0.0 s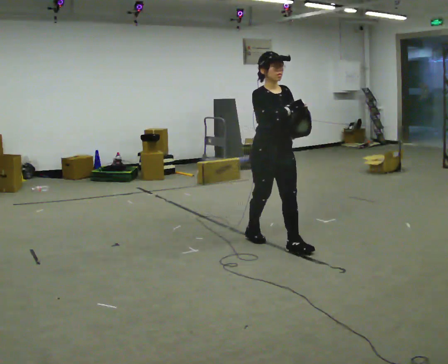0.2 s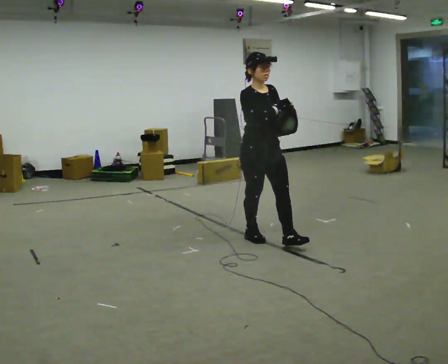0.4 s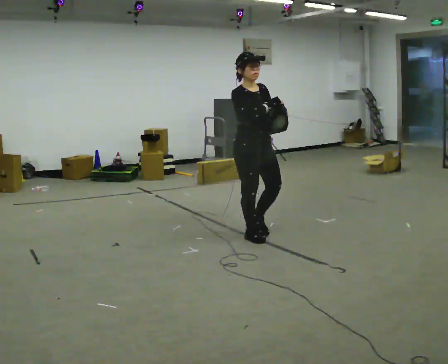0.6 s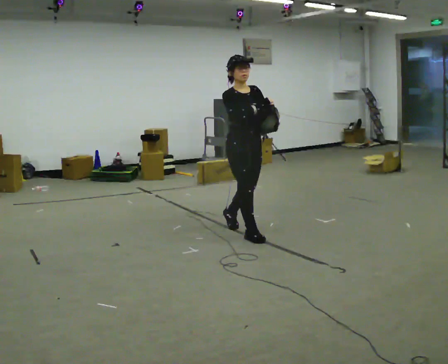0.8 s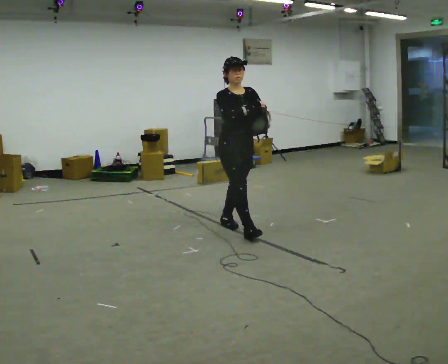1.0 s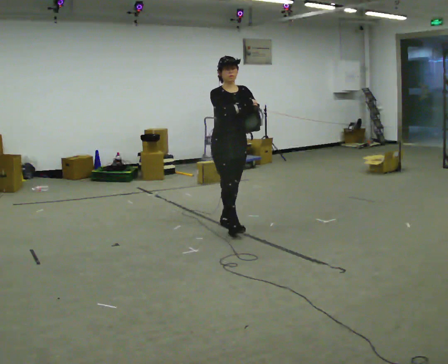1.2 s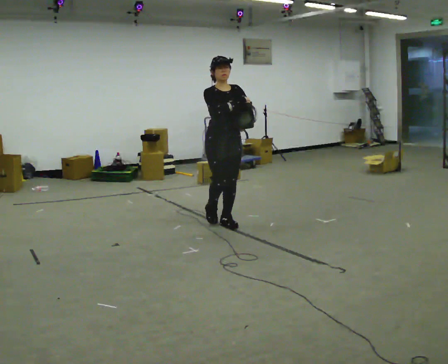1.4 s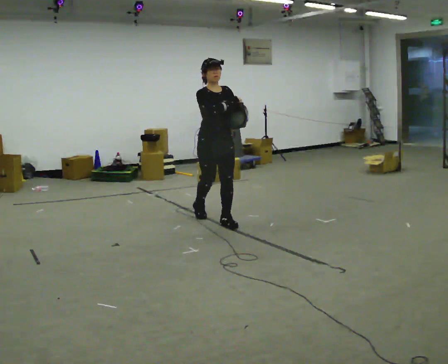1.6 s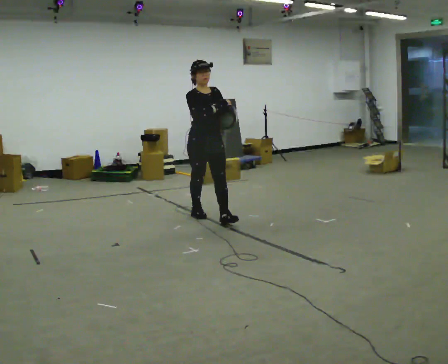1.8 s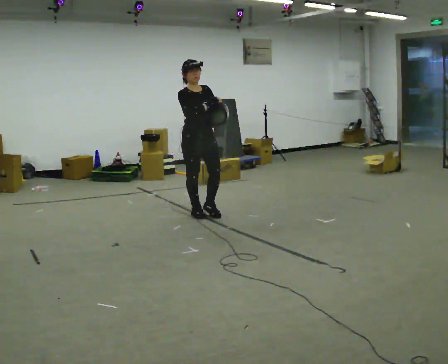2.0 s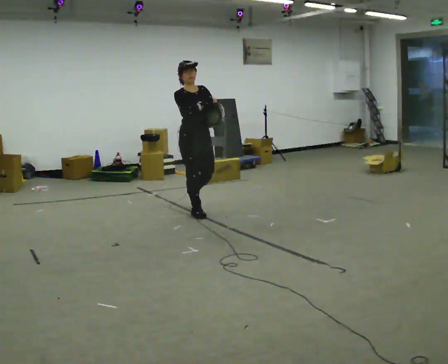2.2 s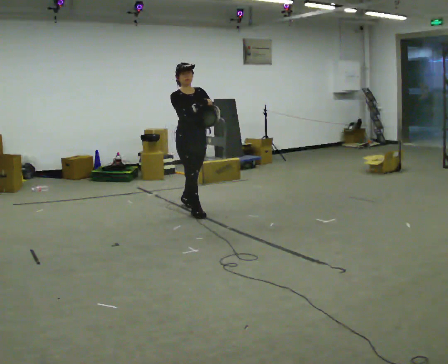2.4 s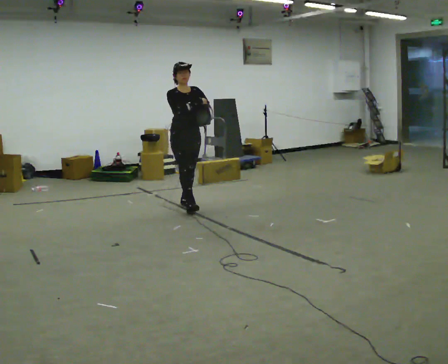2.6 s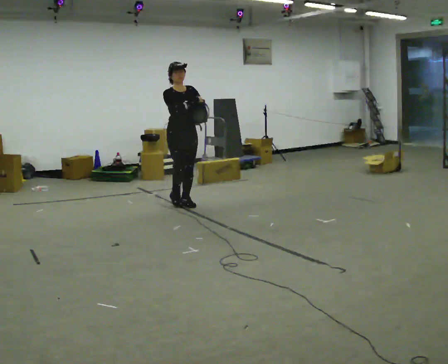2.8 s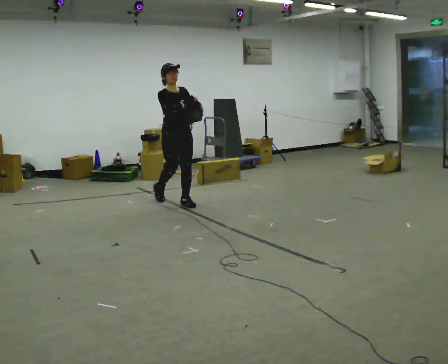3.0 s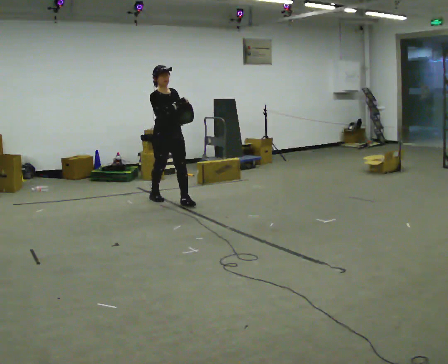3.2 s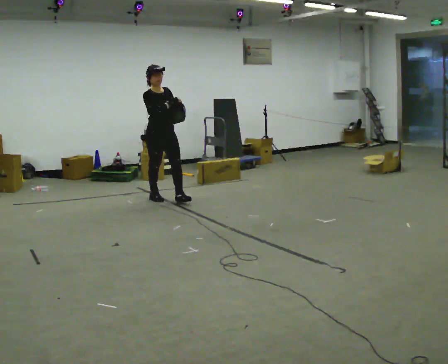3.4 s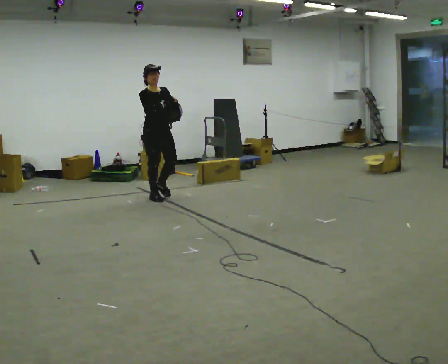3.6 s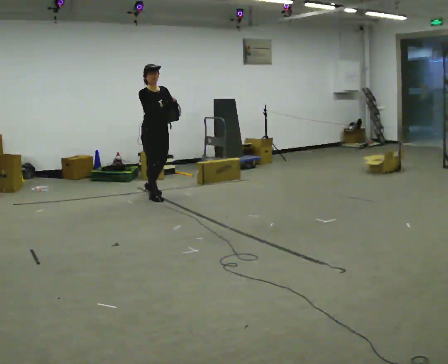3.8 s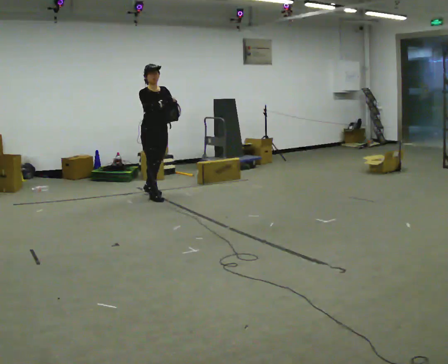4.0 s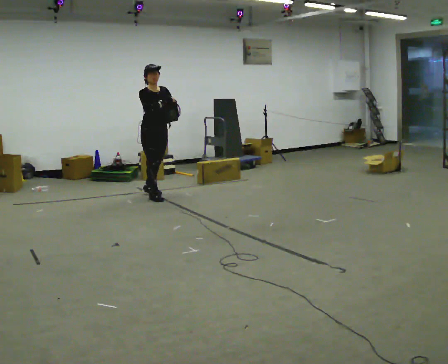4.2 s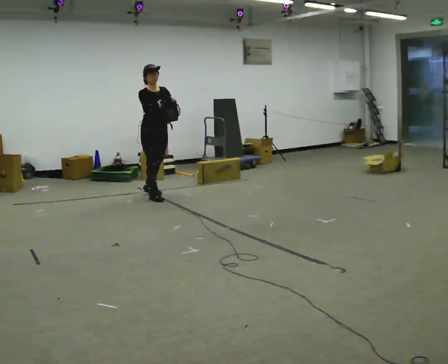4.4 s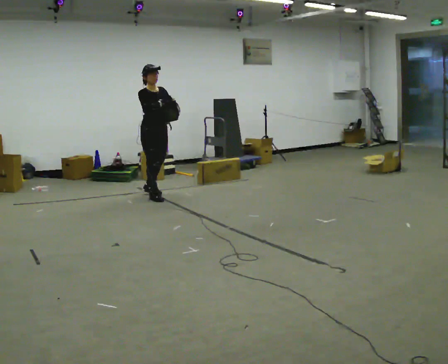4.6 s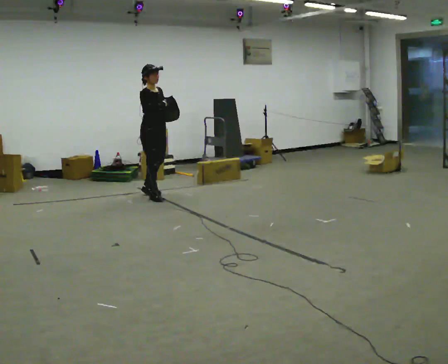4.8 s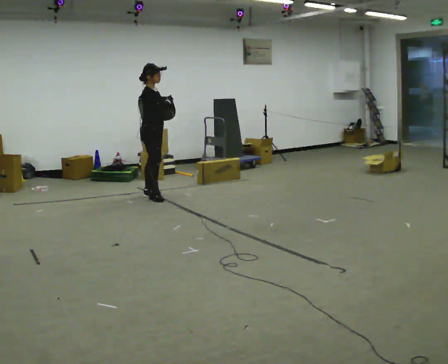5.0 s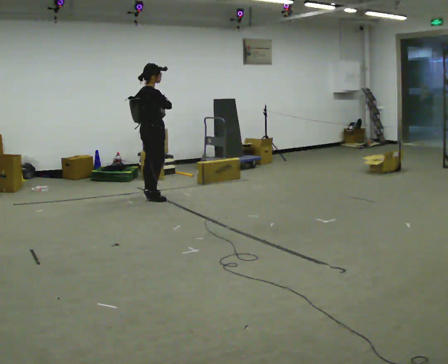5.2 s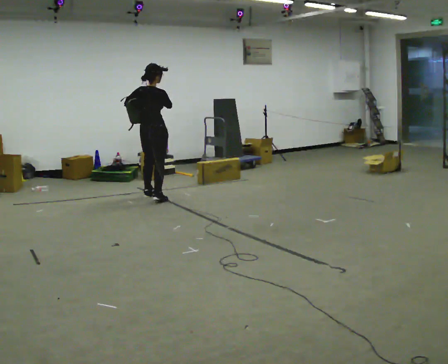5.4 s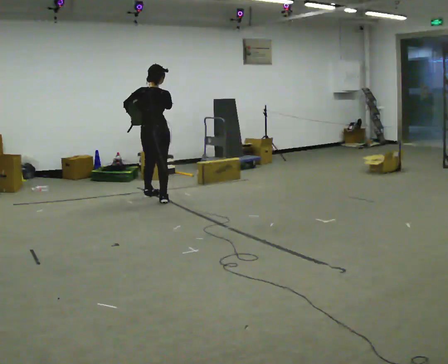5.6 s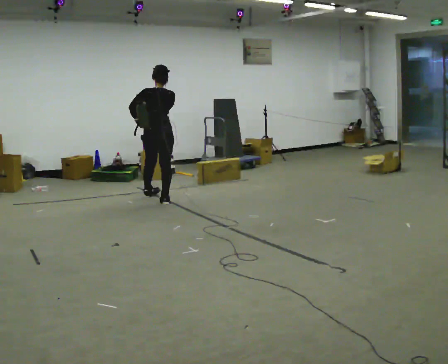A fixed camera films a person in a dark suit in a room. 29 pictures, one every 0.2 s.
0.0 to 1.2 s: In the picture they go away from the camera and to the left, about 1 m in 2 steps, which for them is backward.
1.2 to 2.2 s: In the picture they go away from the camera and to the left, about 0.75 m in 1 step, which for them is backward.
2.2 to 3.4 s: In the picture they go away from the camera and to the left, about 0.75 m in 2 steps, which for them is backward.
3.4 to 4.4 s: The person moves a little, or ends about where they began.
4.4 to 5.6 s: The part of the body nearest the lens slides to the right as the person turns to their left by about 150 degrees. In the picture they go toward the camera, about 0.25 m in 2 steps. In the picture their left hand goes to the left.
The film runs backward here.
